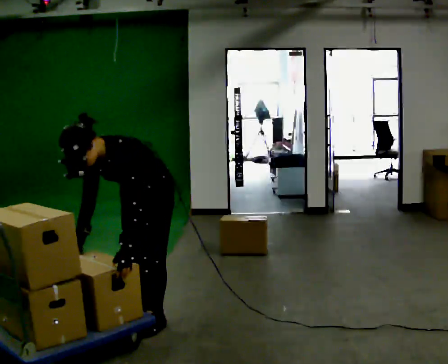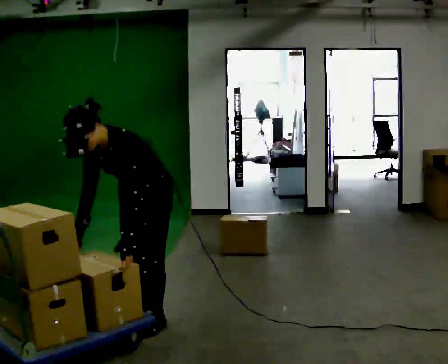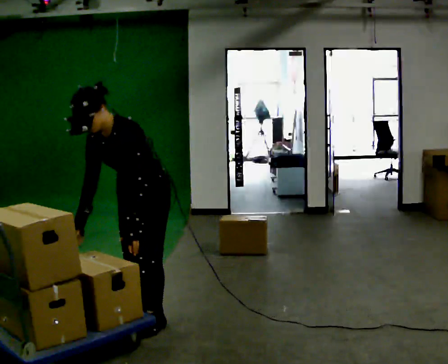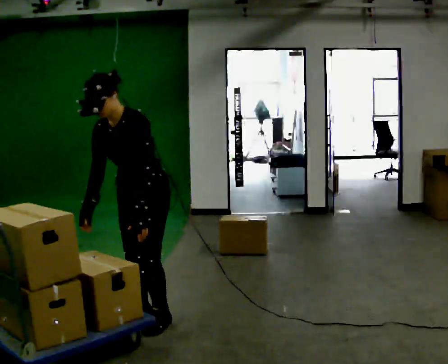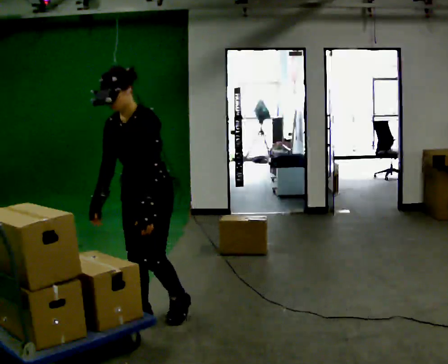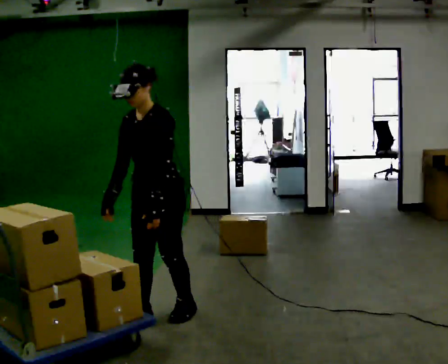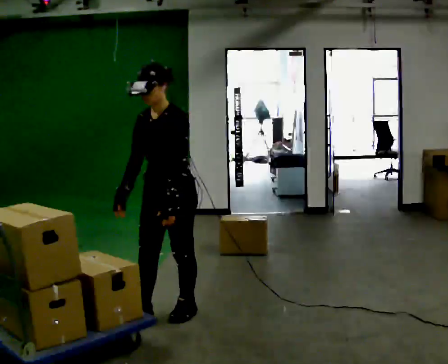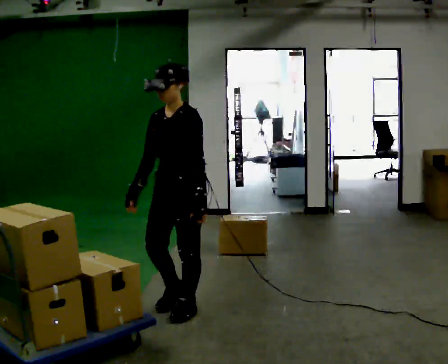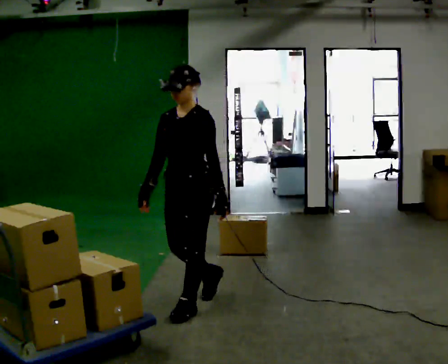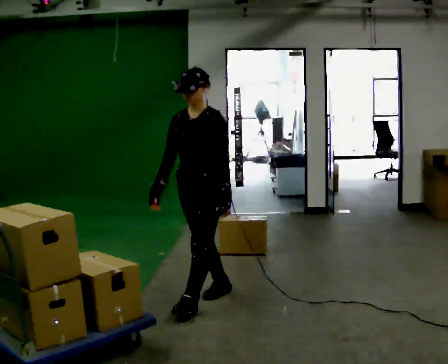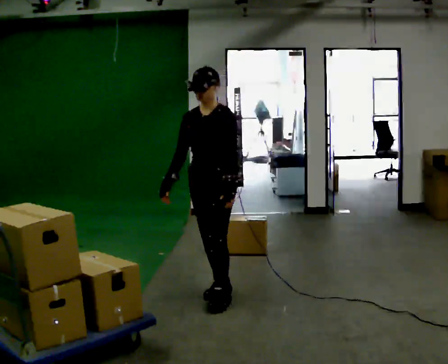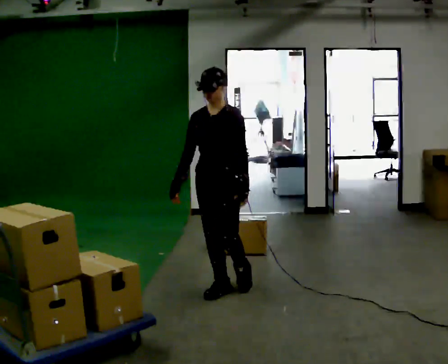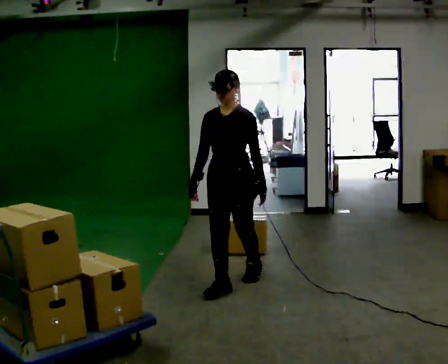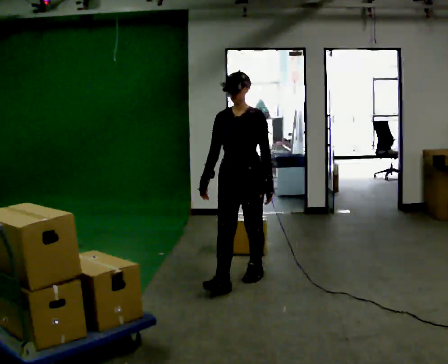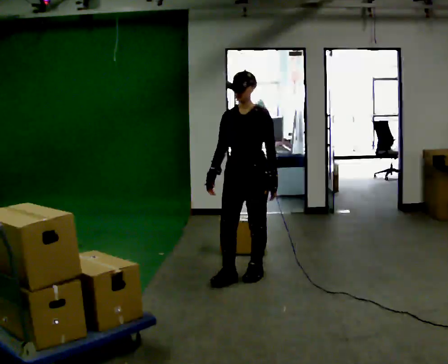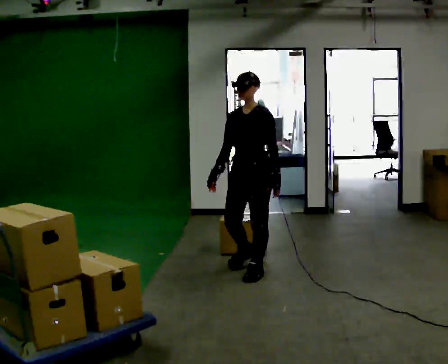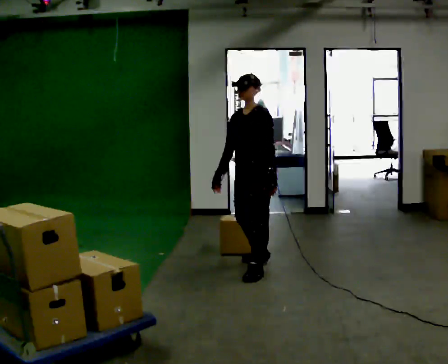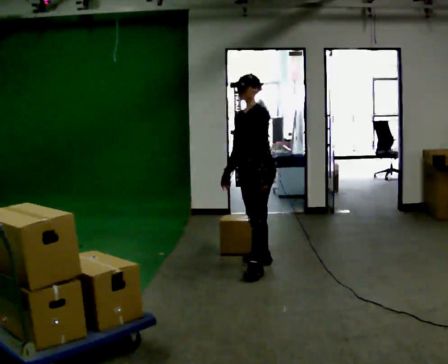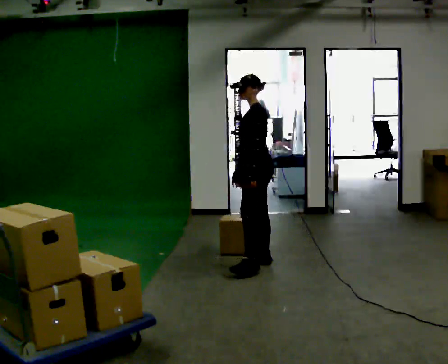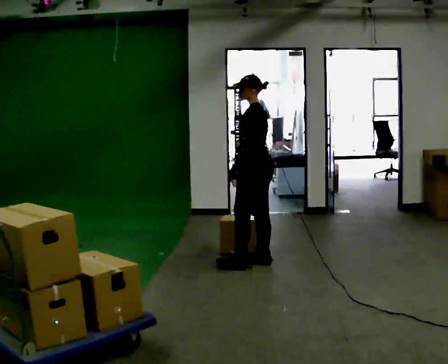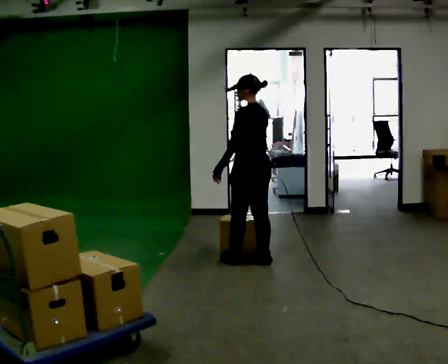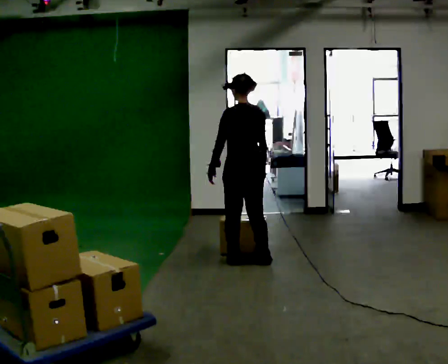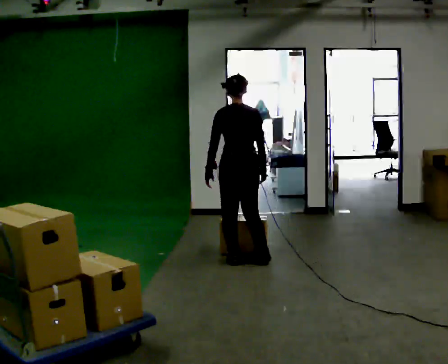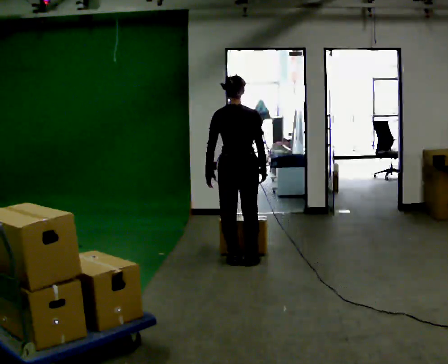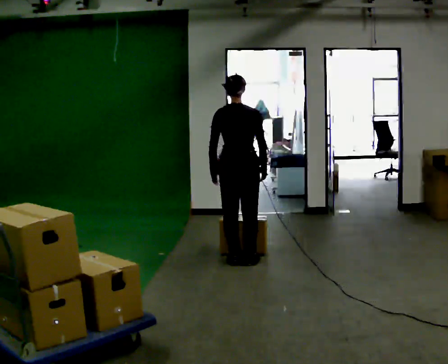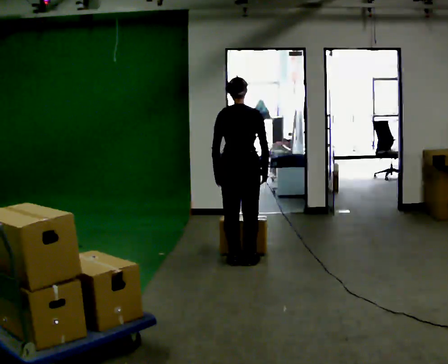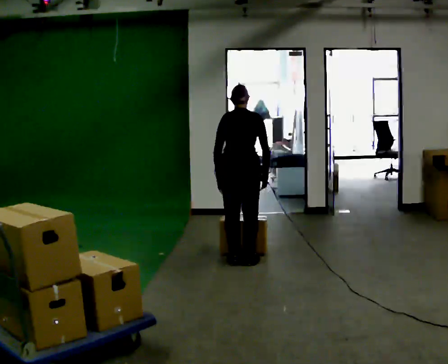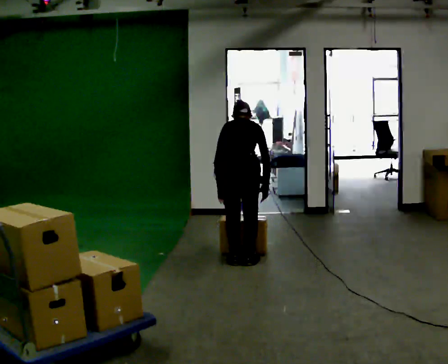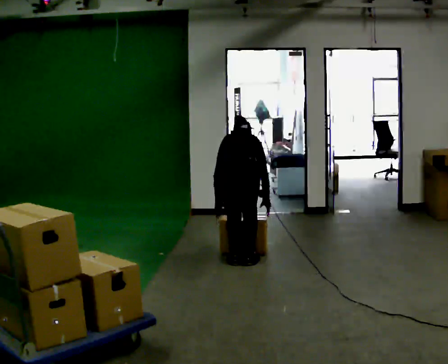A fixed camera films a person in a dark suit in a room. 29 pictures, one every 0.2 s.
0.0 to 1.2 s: The shoulders move upward. The upper body tips away from the camera, its near side rolling upward, as they lean back or straighten.
1.2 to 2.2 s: In the picture they go away from the camera and to the right, about 0.5 m in 2 steps, which for them is backward.
2.2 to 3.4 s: Seen from above the body turns clockwise, about 30 degrees: to their right, with its near side sliding to the left. In the picture they go away from the camera and to the right, about 0.75 m in 1 step, which for them is backward.
3.4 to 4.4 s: The person turns about 105 degrees to their right, clockwise seen from above, so the part of the body nearest the lens slides to the left. In the picture their left hand goes to the left.
4.4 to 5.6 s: The shoulders move downward. The upper body tips away from the camera, its near side rolling upward, as they bend forward.
The film runs backward here.
